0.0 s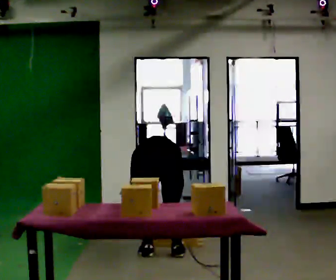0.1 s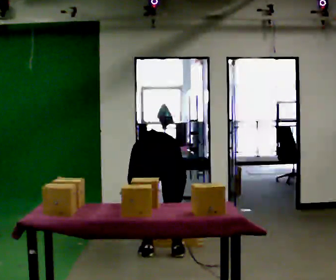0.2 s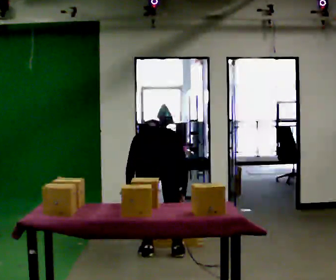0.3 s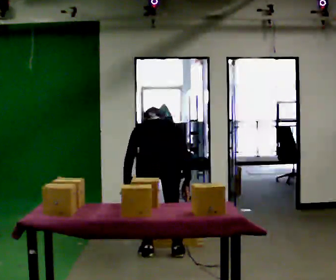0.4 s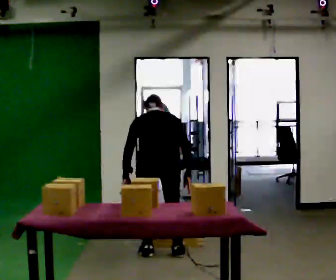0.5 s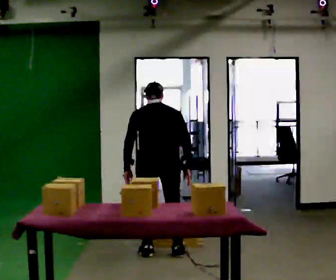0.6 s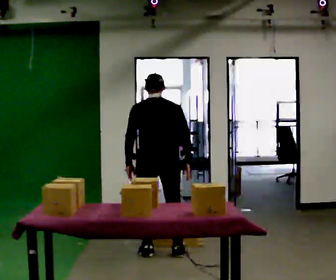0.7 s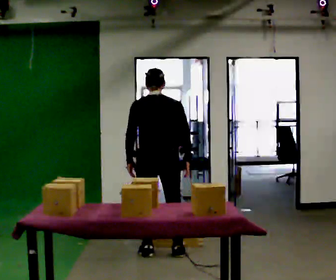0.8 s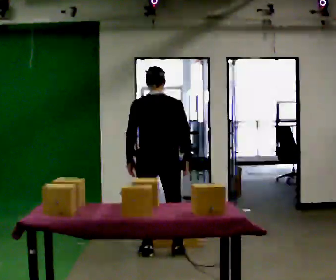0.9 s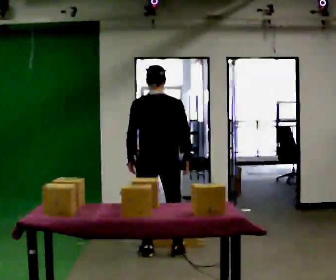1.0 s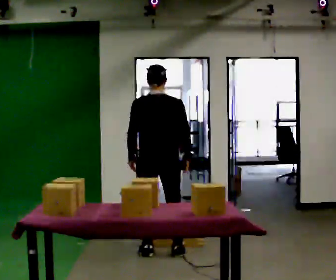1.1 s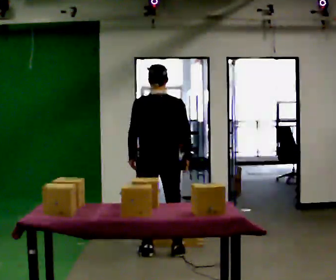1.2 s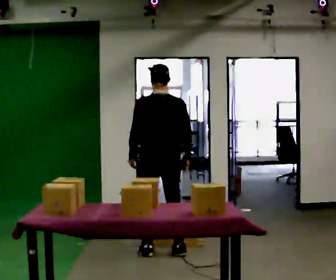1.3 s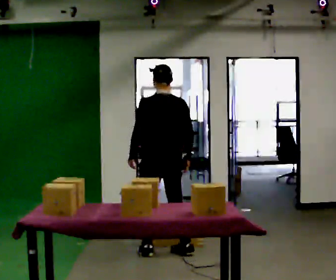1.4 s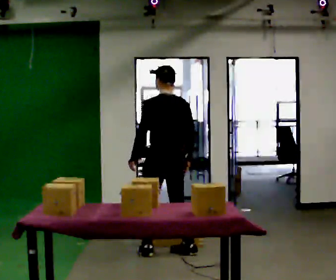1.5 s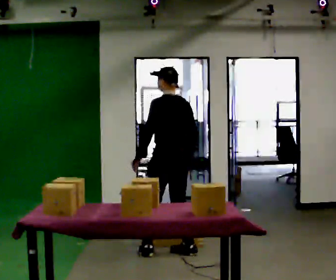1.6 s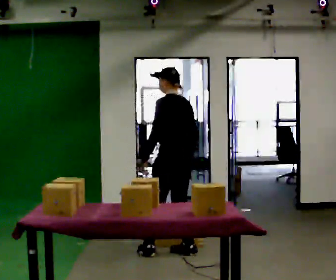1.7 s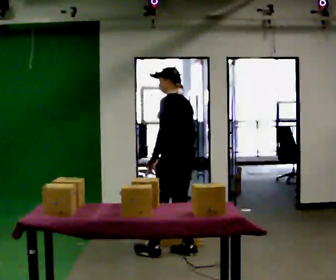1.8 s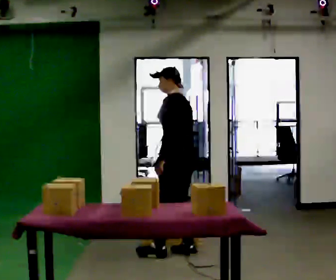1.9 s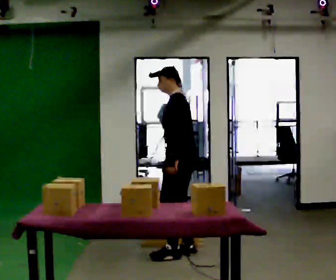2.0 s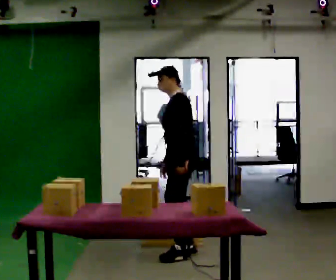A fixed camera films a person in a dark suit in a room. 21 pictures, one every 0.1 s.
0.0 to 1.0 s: In the picture they go away from the camera, about 0.25 m, which for them is forward. The shoulders move upward. The upper body tips toward the camera, its near side rolling downward, as they lean back or straighten. In the picture their left hand goes upward.
1.0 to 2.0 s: Seen from above the body turns counterclockwise, about 90 degrees: to their left, with its near side sliding to the right. In the picture they go to the right, about 0.25 m in 2 steps. In the picture their left hand goes to the right.
The film runs forward here.
